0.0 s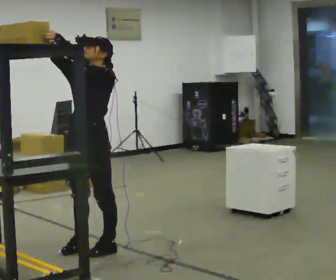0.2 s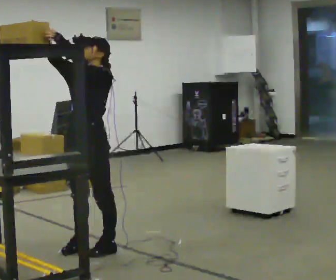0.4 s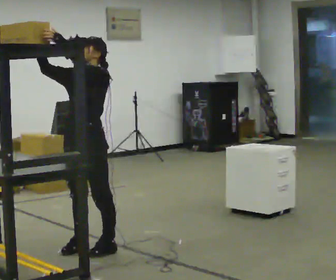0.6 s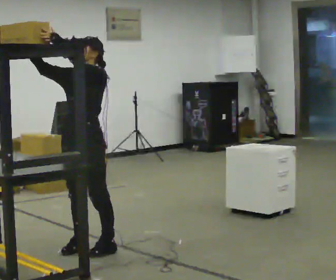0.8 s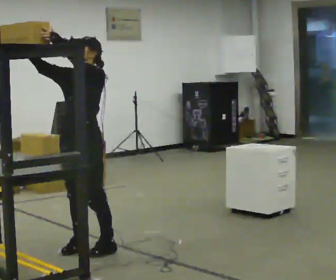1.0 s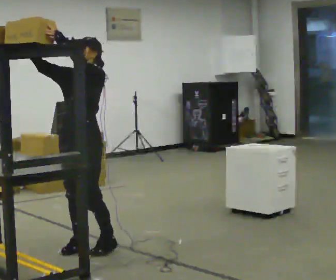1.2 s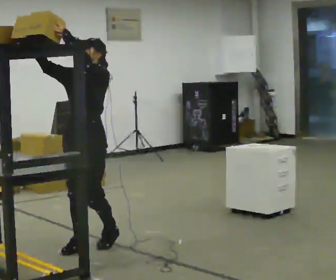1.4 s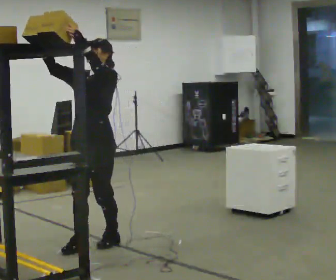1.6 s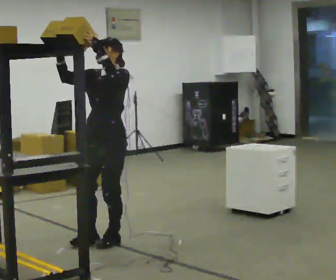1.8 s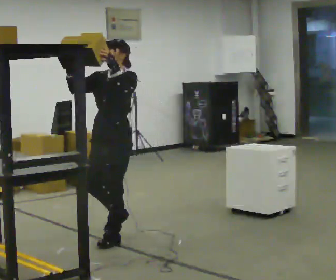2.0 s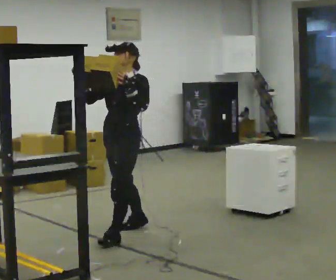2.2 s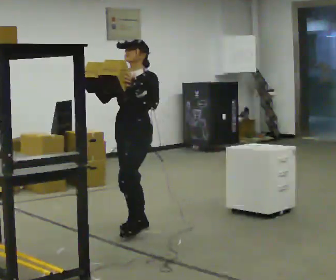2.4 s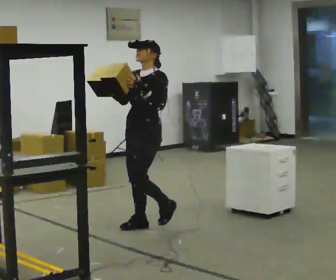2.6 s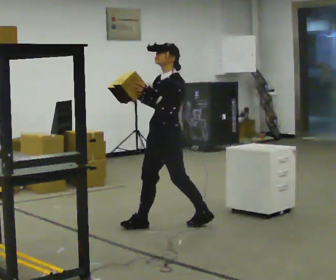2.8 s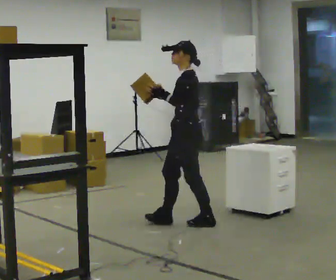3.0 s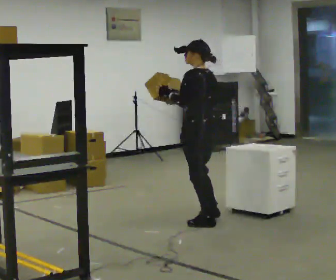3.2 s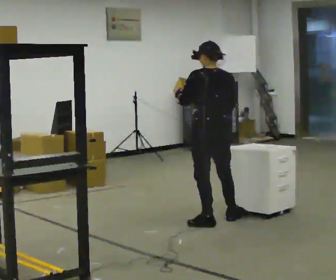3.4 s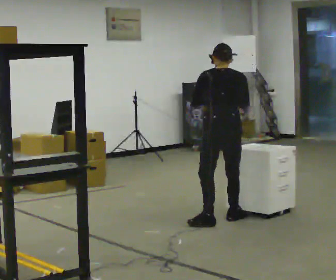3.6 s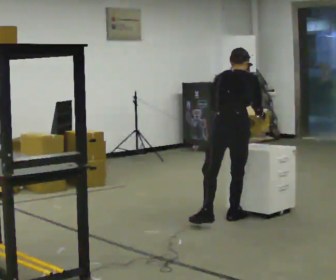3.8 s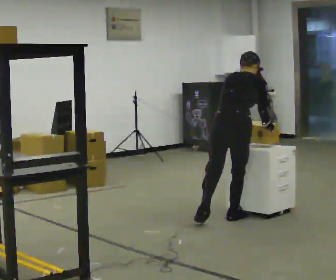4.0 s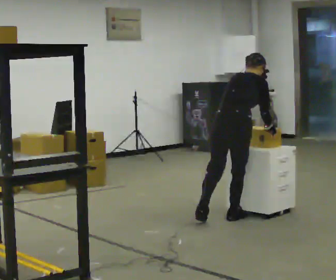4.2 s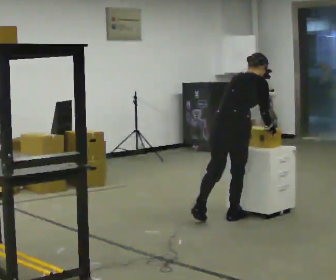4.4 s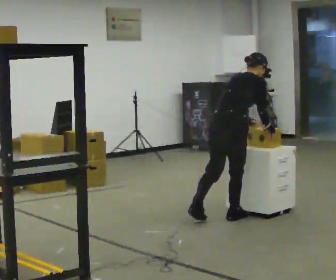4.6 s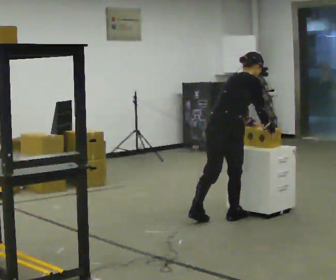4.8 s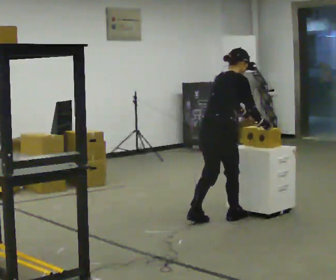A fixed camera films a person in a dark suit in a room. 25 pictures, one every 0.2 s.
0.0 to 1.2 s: The person moves a little, or ends about where they began.
1.2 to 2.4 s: In the picture they go away from the camera and to the right, about 0.75 m in 2 steps, which for them is backward. In the picture their left hand goes downward.
2.4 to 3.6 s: Seen from above the body turns clockwise, about 150 degrees: to their right, with its near side sliding to the left. In the picture they go to the right, about 0.5 m in 2 steps. The upper body tips away from the camera, its near side rolling upward, as they bend forward.
3.6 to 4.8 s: The person turns about 45 degrees to their right, clockwise seen from above, so the part of the body nearest the lens slides to the left.
The film runs backward here.
